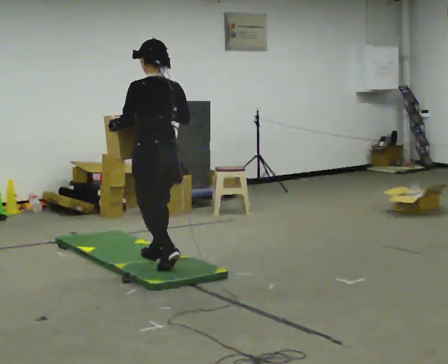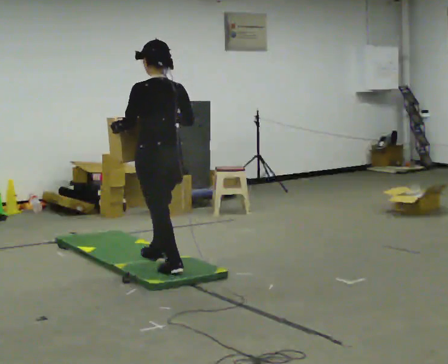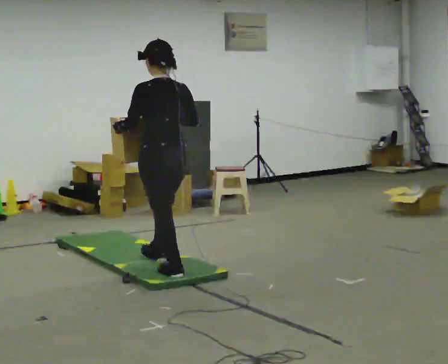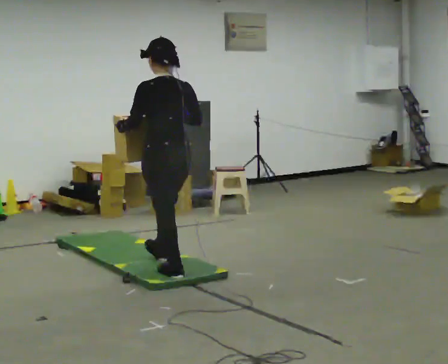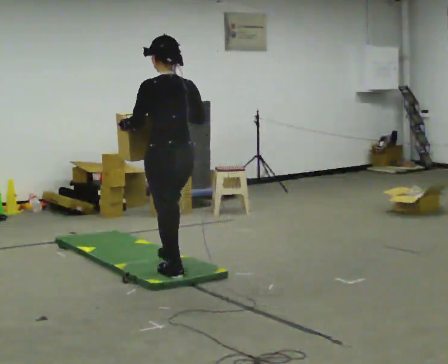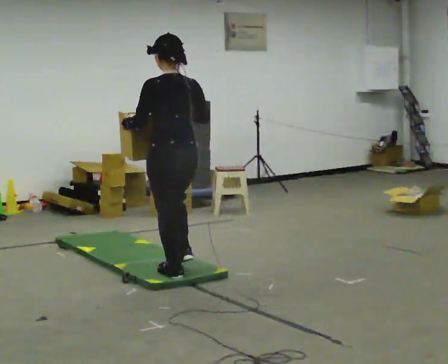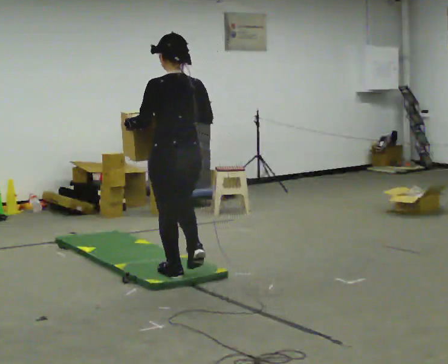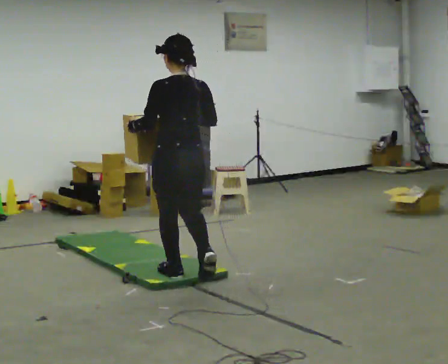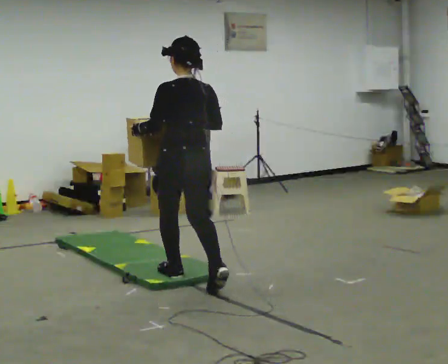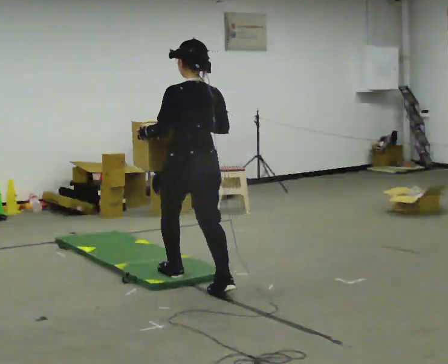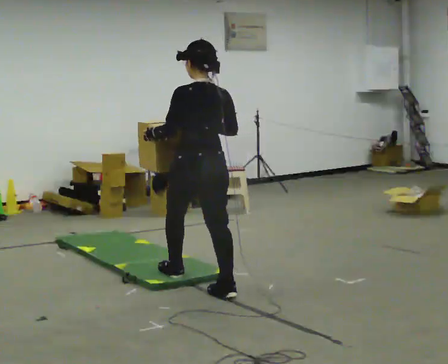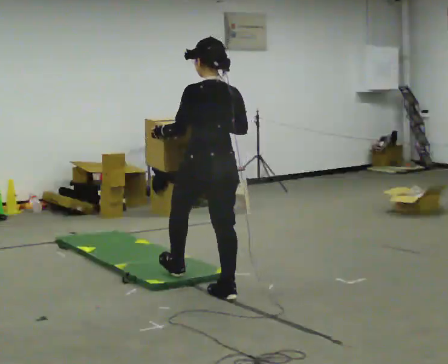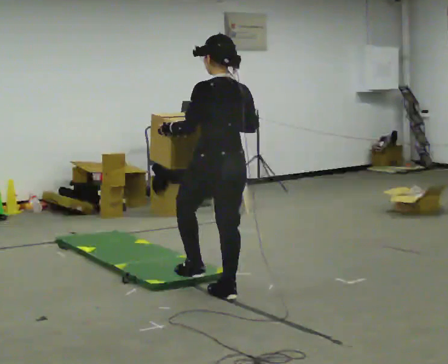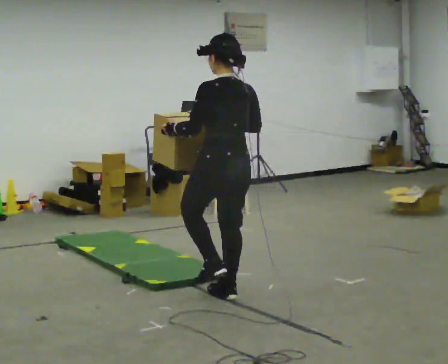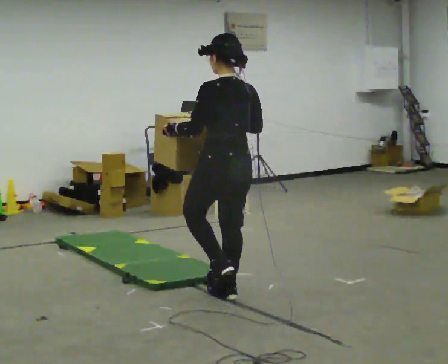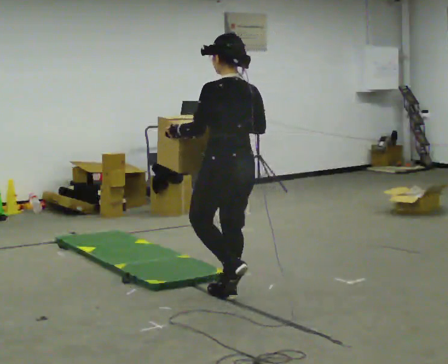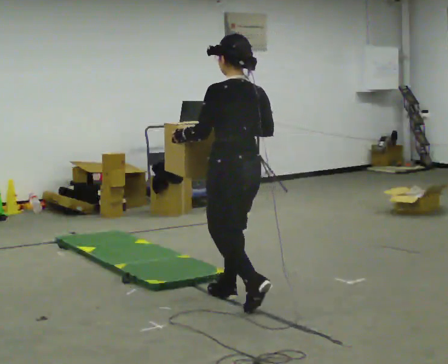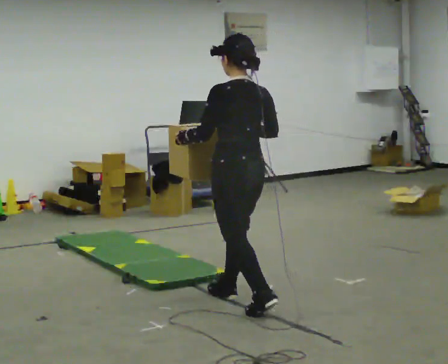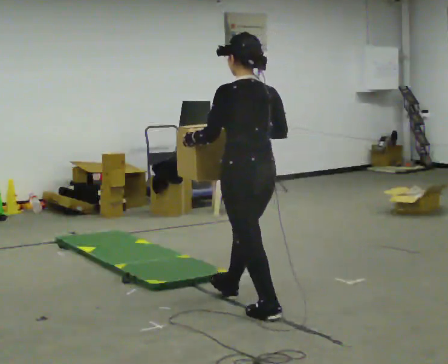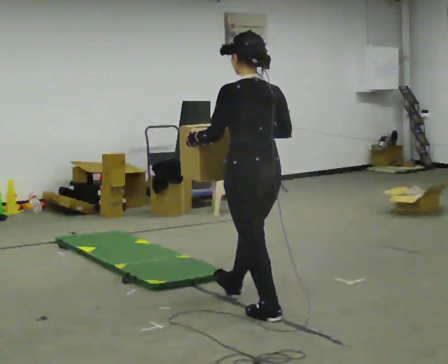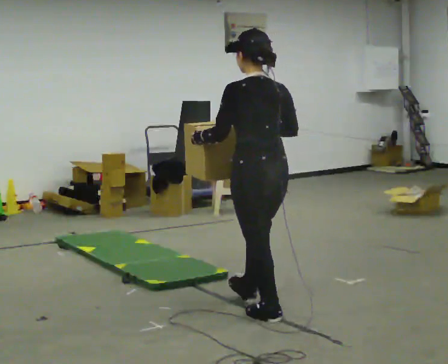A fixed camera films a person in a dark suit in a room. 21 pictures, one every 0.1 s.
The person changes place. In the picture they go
toward the camera.
0.0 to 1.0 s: In the picture they go toward the camera and to the right, about 0.5 m in 1 step, which for them is backward.
1.0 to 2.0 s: In the picture they go toward the camera and to the right, about 0.75 m in 2 steps, which for them is backward.
The film runs backward here.
